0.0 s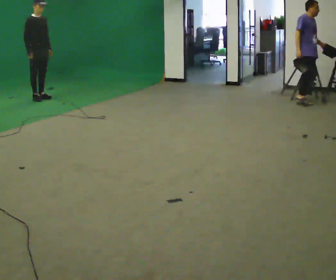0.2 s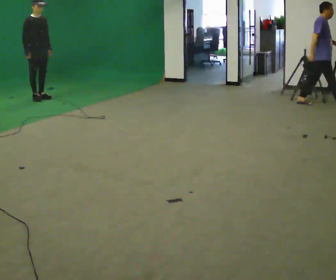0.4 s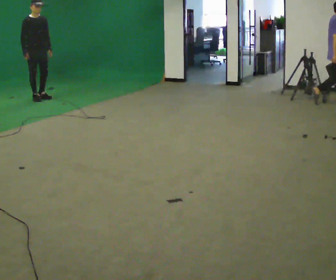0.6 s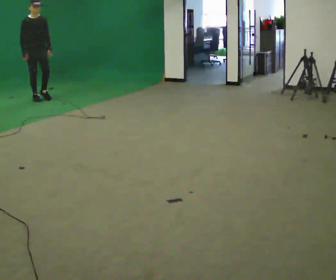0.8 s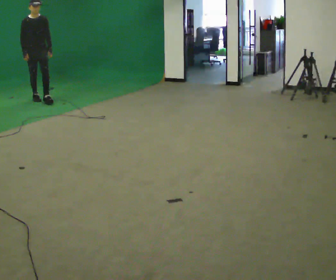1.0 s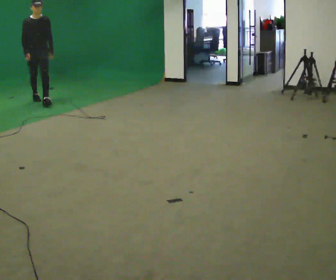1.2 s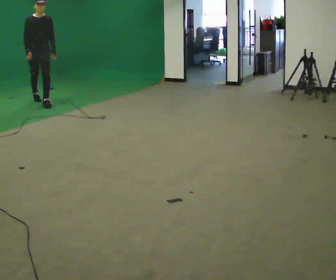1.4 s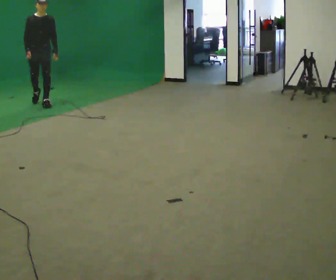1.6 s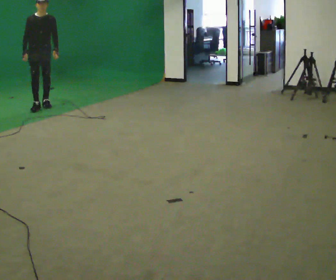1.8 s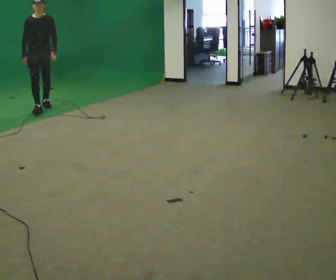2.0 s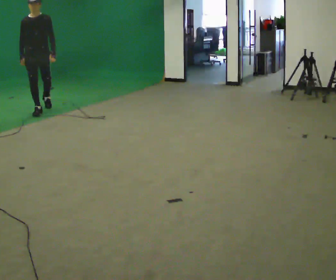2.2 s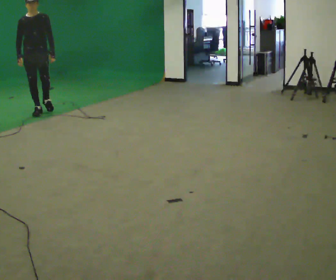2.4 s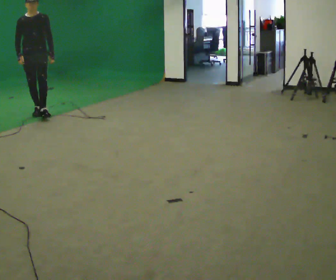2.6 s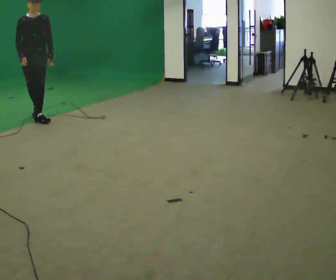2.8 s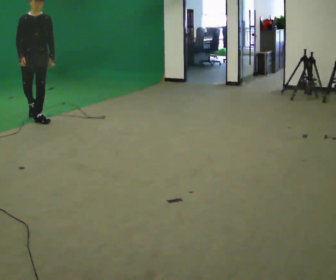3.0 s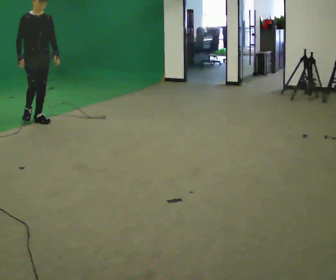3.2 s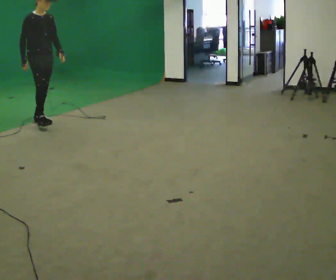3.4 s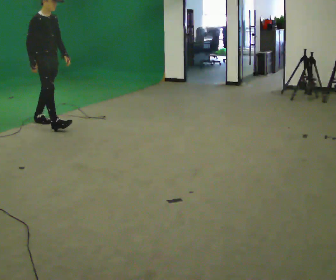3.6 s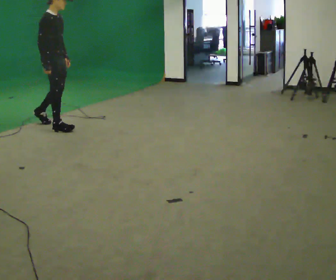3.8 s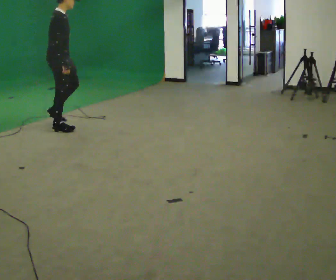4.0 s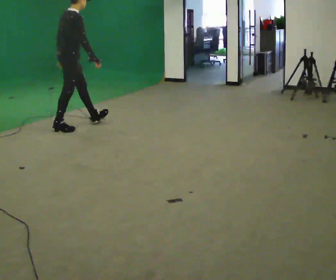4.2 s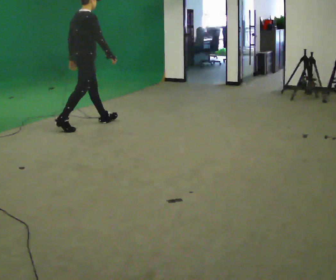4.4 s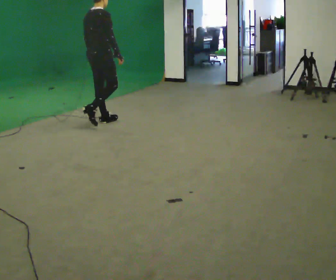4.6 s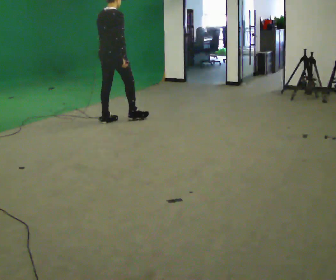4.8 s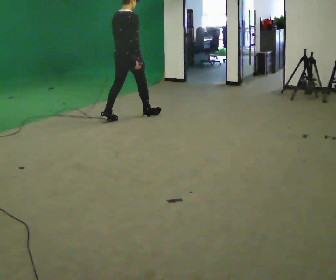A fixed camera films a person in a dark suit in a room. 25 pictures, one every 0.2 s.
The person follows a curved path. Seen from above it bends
counterclockwise.
The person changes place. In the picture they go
toward the camera.
0.0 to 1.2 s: The part of the body nearest the lens slides to the left as the person turns to their right by about 30 degrees. In the picture they go toward the camera, about 0.5 m in 1 step, which for them is forward.
1.2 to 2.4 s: In the picture they go toward the camera, about 0.5 m in 1 step, which for them is forward.
2.4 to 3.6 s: The part of the body nearest the lens slides to the right as the person turns to their left by about 75 degrees. In the picture they go toward the camera, about 1 m in 2 steps.
3.6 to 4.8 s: The person turns about 60 degrees to their left, counterclockwise seen from above, so the part of the body nearest the lens slides to the right. In the picture they go to the right, about 1 m in 2 steps.
The film runs forward here.
